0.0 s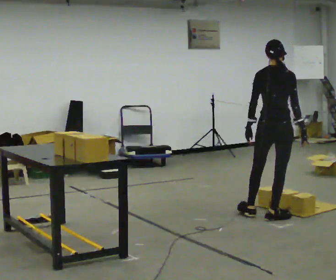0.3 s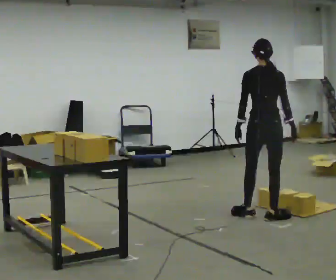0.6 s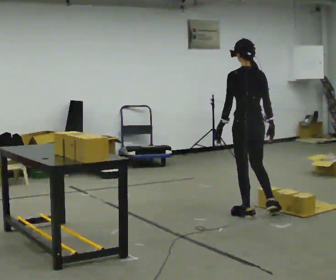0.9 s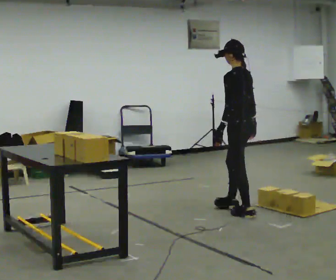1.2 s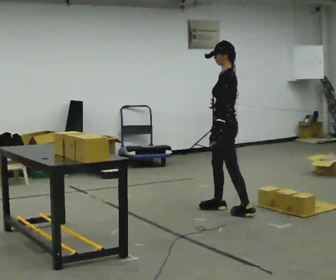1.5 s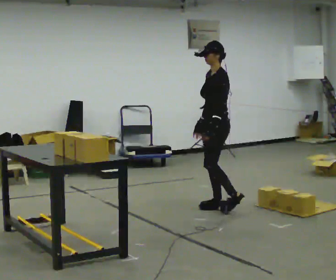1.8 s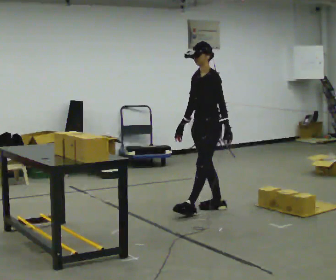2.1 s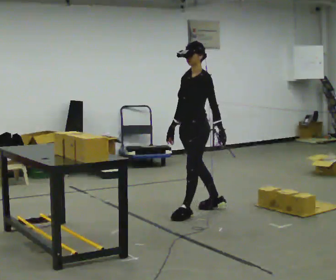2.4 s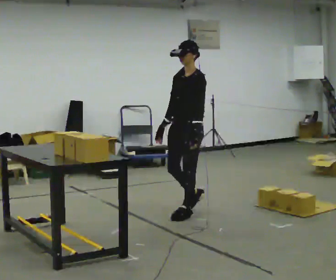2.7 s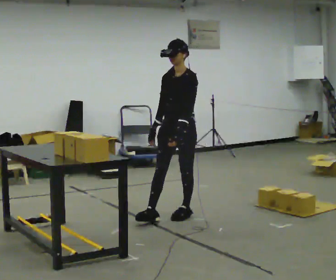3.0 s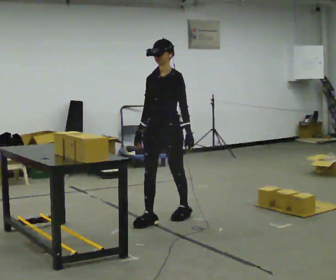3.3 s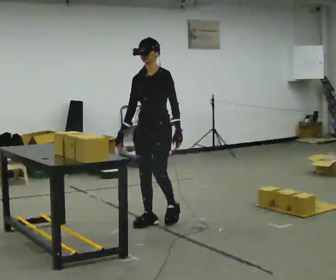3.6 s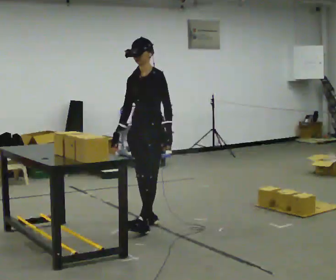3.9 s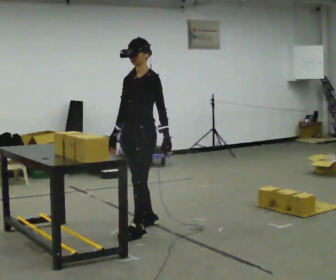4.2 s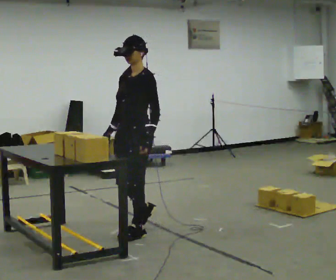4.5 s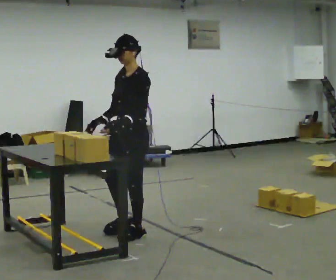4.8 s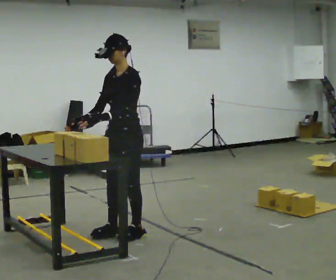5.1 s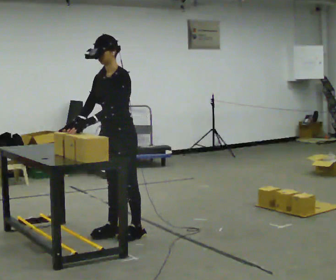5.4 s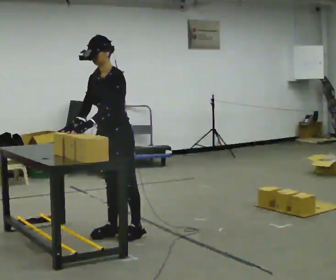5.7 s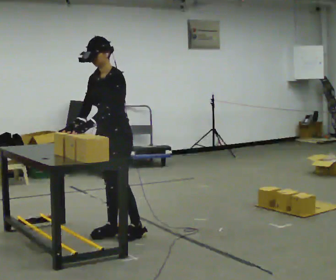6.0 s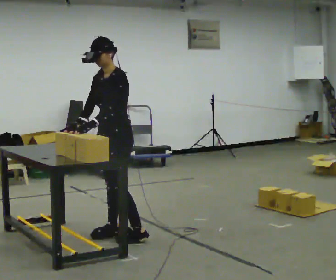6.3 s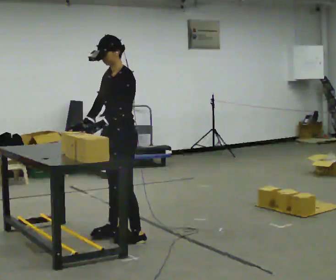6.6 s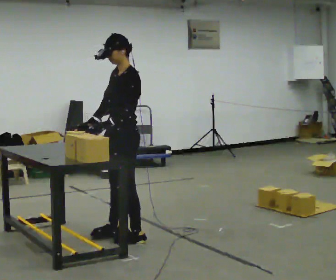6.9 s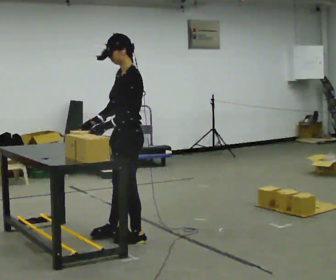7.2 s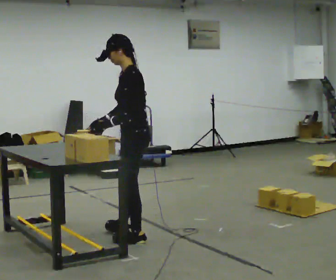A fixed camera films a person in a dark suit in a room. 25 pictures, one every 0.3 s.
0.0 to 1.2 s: Seen from above the body turns counterclockwise, about 105 degrees: to their left, with its near side sliding to the right. In the picture they go away from the camera and to the left, about 0.5 m in 1 step.
1.2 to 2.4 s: The part of the body nearest the lens slides to the right as the person turns to their left by about 45 degrees. In the picture they go to the left, about 0.5 m in 1 step, which for them is forward.
2.4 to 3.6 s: In the picture they go to the left and toward the camera, about 0.5 m in 1 step, which for them is forward.
3.6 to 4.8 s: In the picture they go toward the camera and to the left, about 0.25 m in 2 steps, which for them is forward and to their left.
4.8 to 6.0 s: The person moves a little, or ends about where they began.
6.0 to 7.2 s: The part of the body nearest the lens slides to the left as the person turns to their right by about 60 degrees. In the picture they go toward the camera, about 0.25 m, which for them is to their left.
The film runs forward here.
